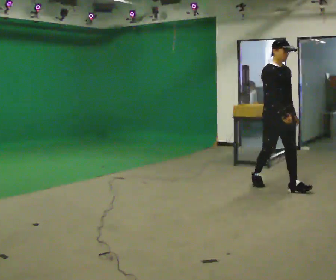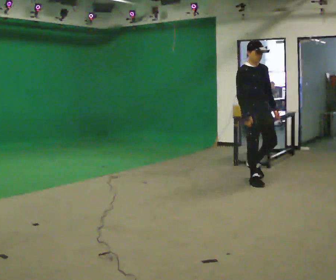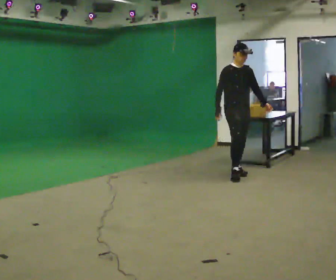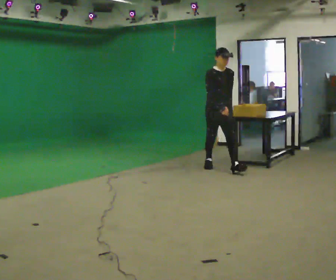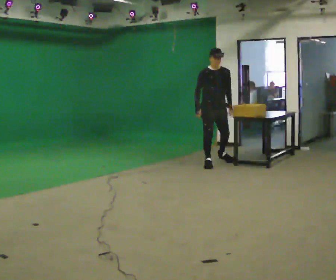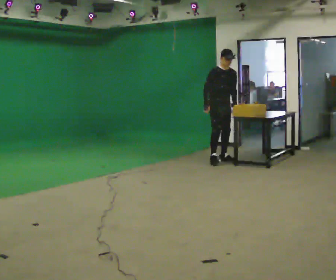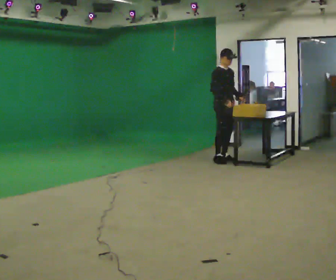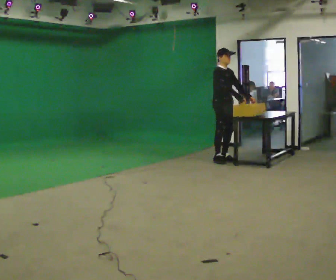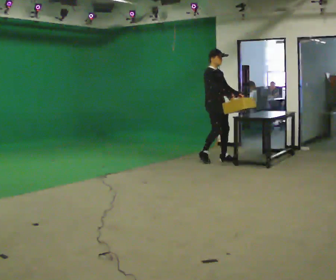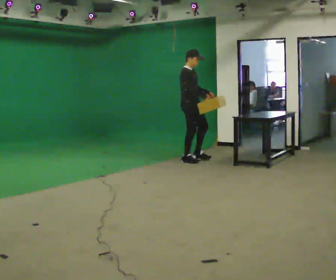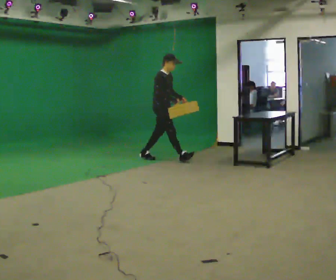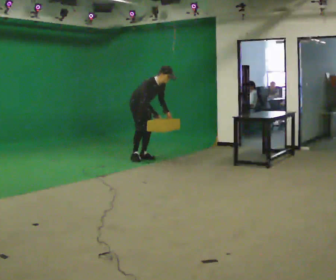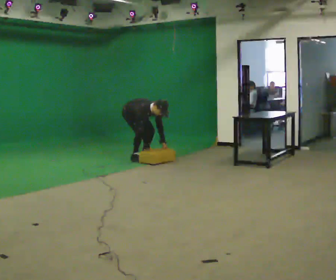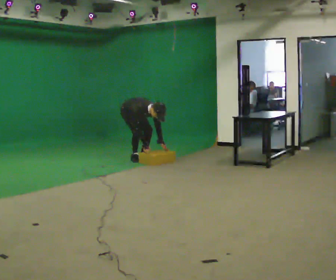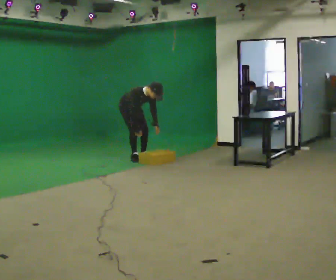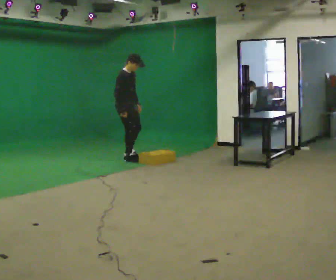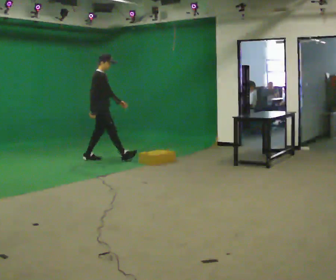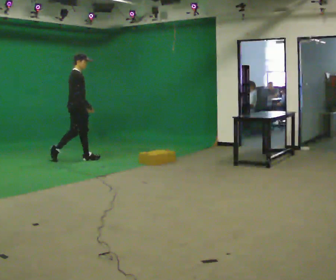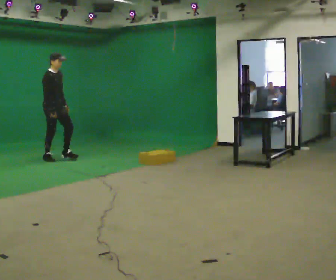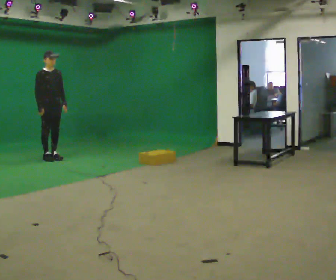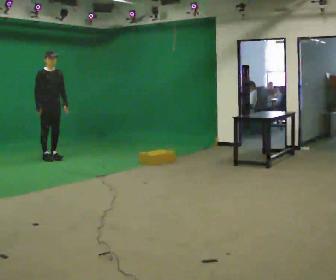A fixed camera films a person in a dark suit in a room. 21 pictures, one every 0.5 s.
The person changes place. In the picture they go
to the left.
0.0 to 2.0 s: In the picture they go away from the camera and to the left, about 1.5 m in 3 steps, which for them is backward.
2.0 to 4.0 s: Seen from above the body turns counterclockwise, about 45 degrees: to their left, with its near side sliding to the right. In the picture they go away from the camera, about 0.25 m in 2 steps, which for them is to their left and backward.
4.0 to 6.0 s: In the picture they go to the left, about 1.5 m in 2 steps, which for them is backward. The upper body goes downward. In the picture the upper body tilts clockwise, shoulders to the right, as they bend forward. In the picture their right hand goes downward.
6.0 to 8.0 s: Seen from above the body turns counterclockwise, about 45 degrees: to their left, with its near side sliding to the right. In the picture they go to the left and toward the camera, about 0.5 m in 2 steps, which for them is to their right and backward. The shoulders move upward. In the picture the upper body tilts counterclockwise, shoulders to the left, as they lean back or straighten. In the picture their left hand goes upward.
8.0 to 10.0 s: Seen from above the body turns clockwise, about 60 degrees: to their right, with its near side sliding to the left. In the picture they go to the left, about 1 m in 1 step, which for them is backward and to their right.
The film runs backward here.
